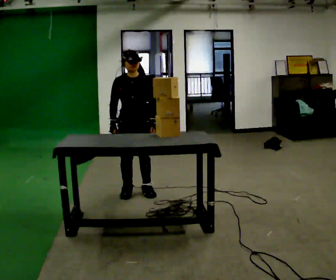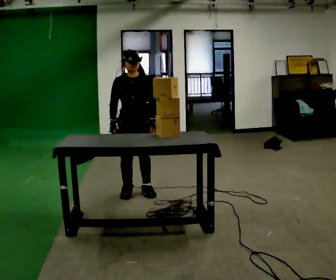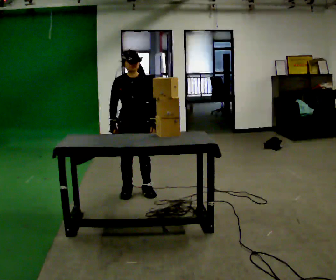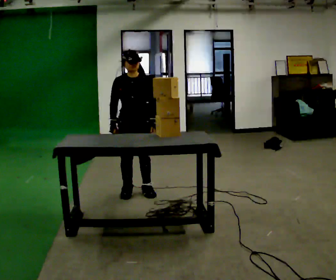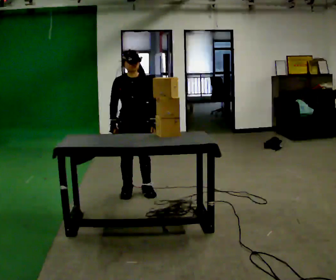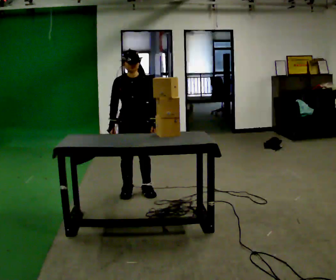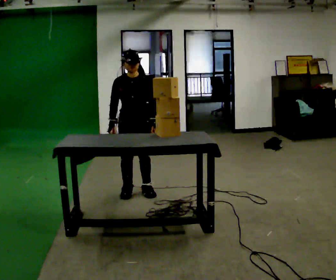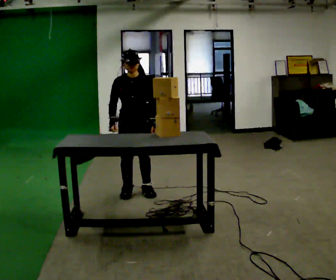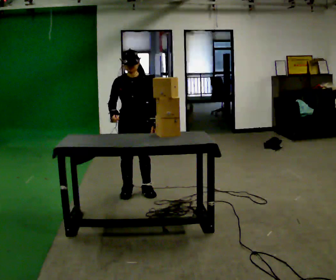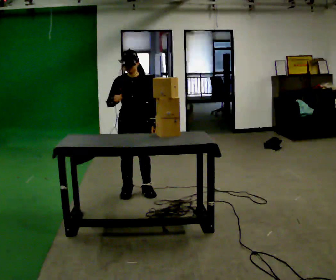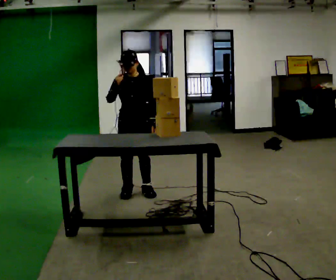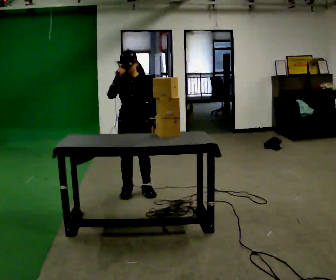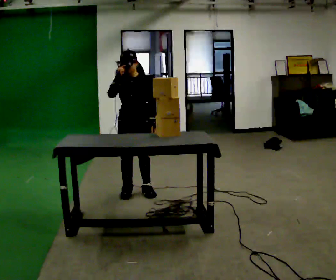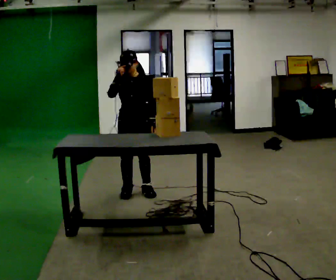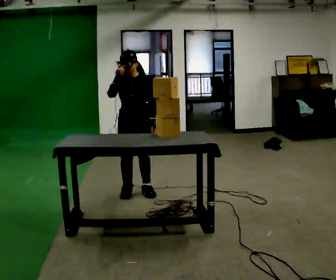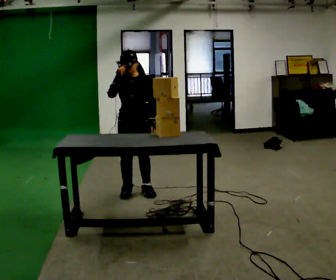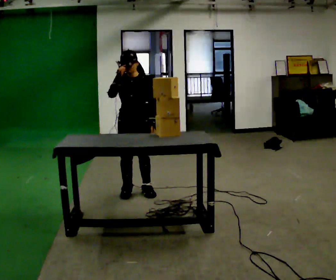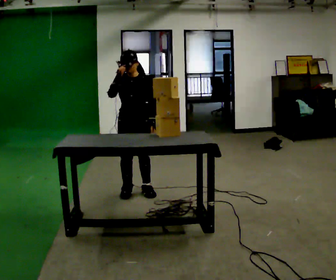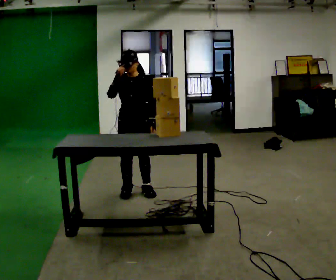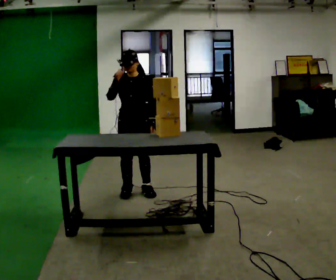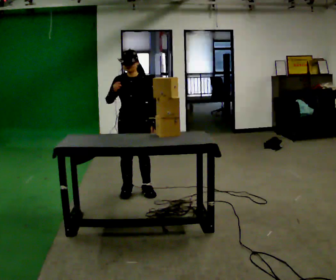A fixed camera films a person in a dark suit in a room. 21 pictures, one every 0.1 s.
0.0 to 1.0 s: In the picture their right hand goes upward.
1.0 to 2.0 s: The person moves a little, or ends about where they began.
The film runs backward here.
